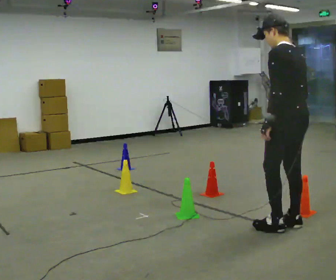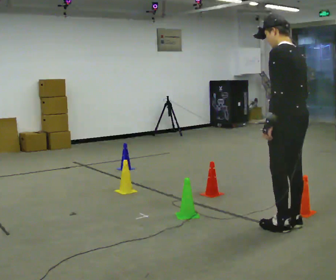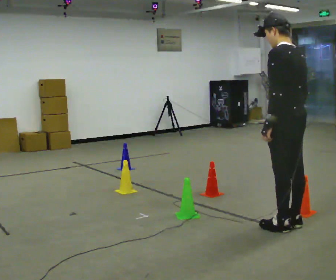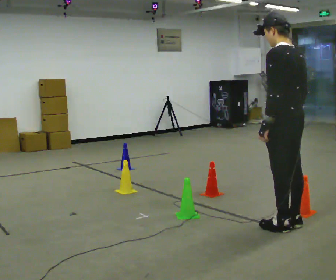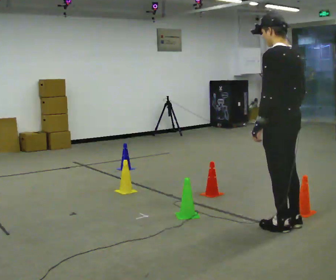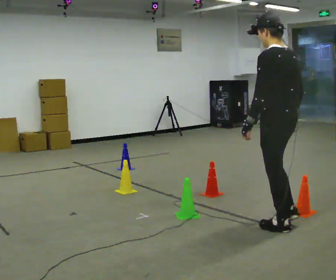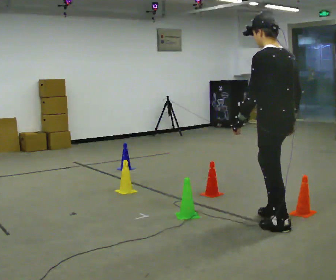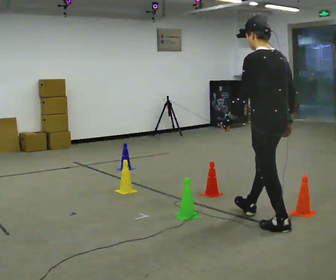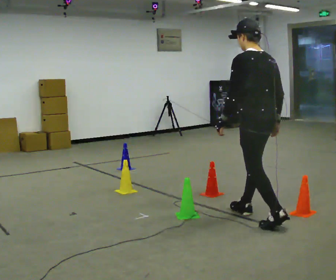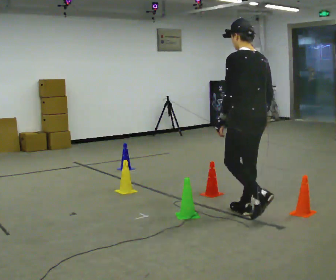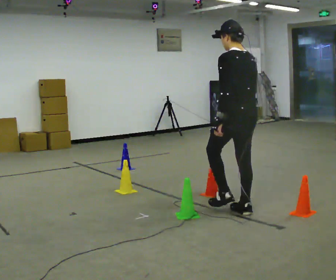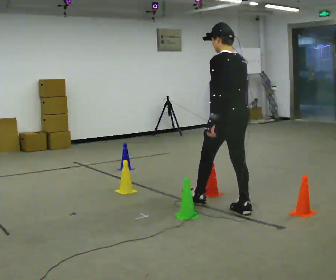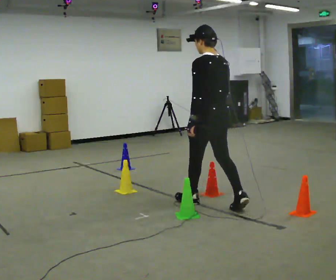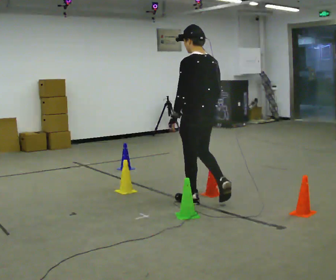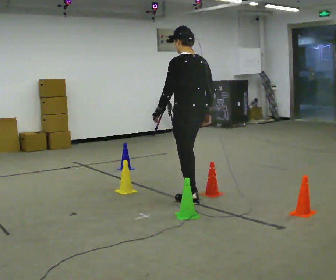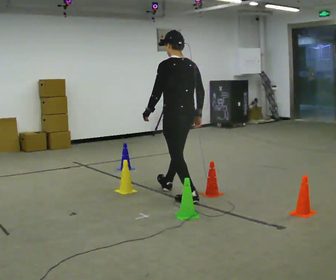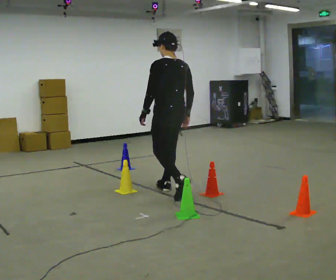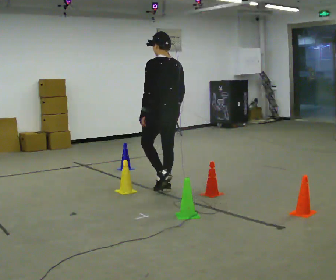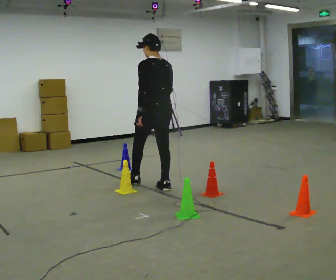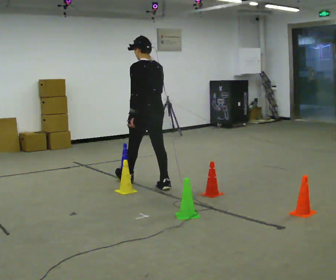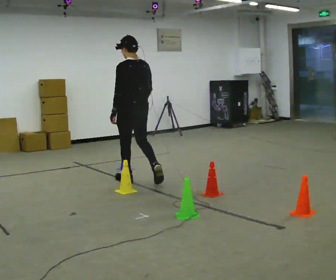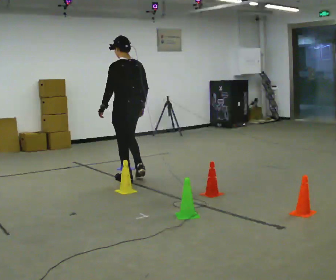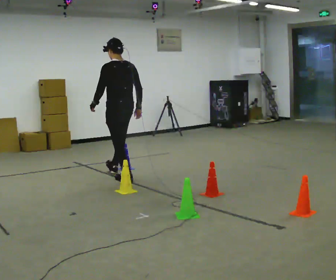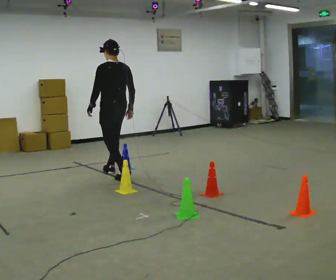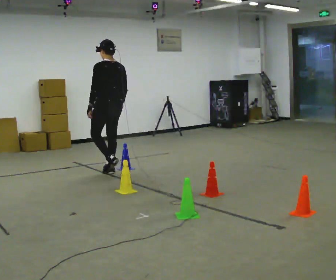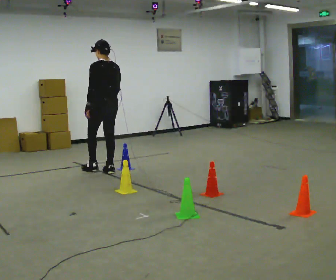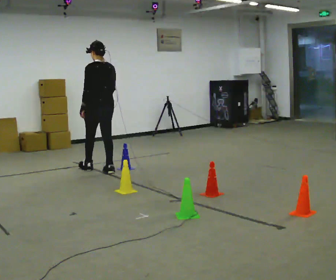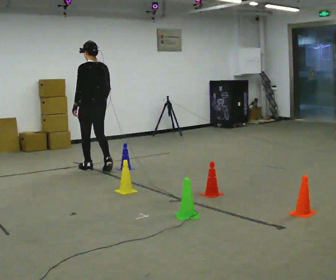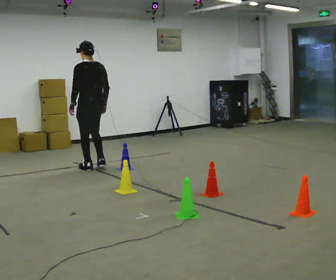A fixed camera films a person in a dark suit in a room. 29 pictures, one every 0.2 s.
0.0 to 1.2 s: The person moves a little, or ends about where they began.
1.2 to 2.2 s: In the picture they go away from the camera and to the left, about 0.75 m in 1 step, which for them is forward.
2.2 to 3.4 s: In the picture they go away from the camera and to the left, about 1 m in 2 steps, which for them is forward.
3.4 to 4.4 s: In the picture they go to the left and away from the camera, about 1 m in 1 step, which for them is forward.
4.4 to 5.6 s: In the picture they go to the left and away from the camera, about 0.75 m in 2 steps, which for them is forward.
The film runs forward here.
